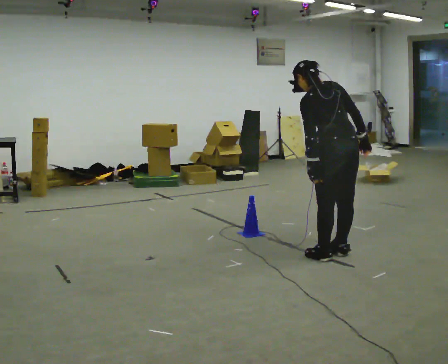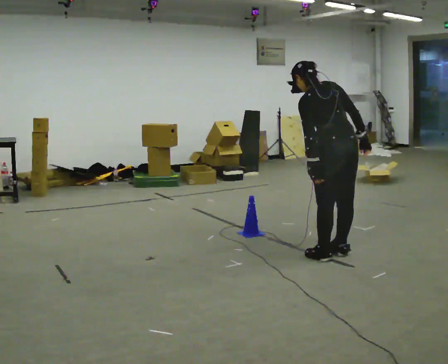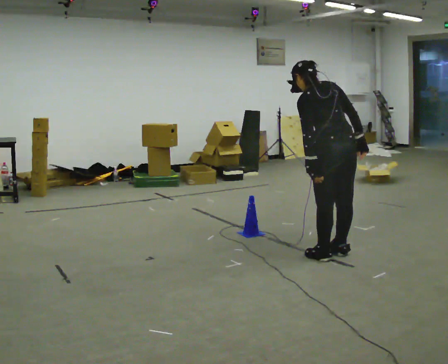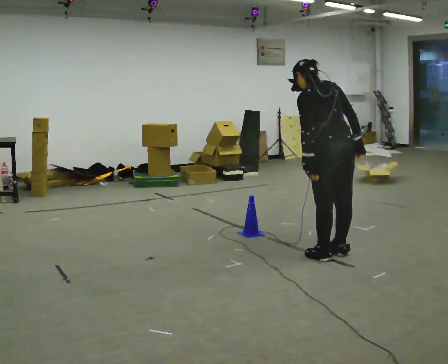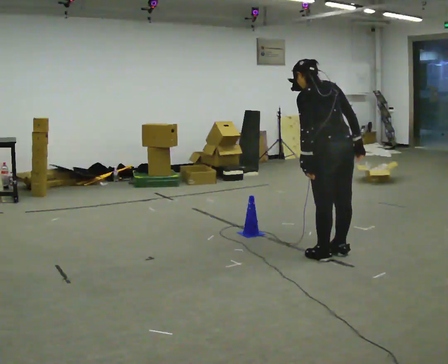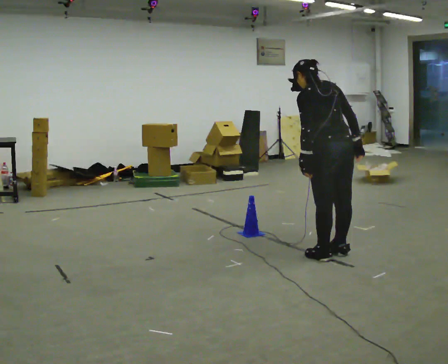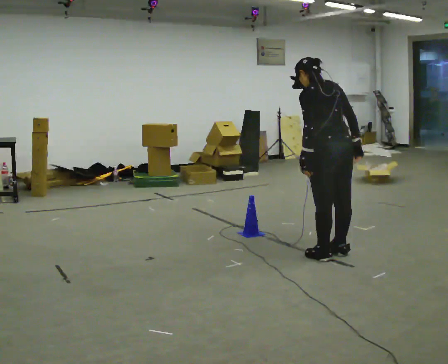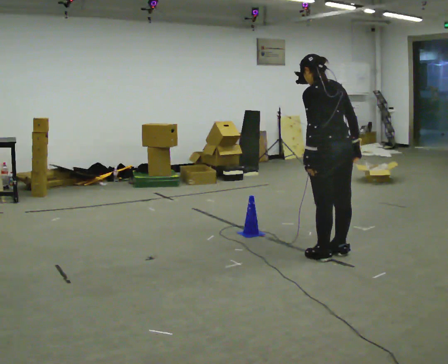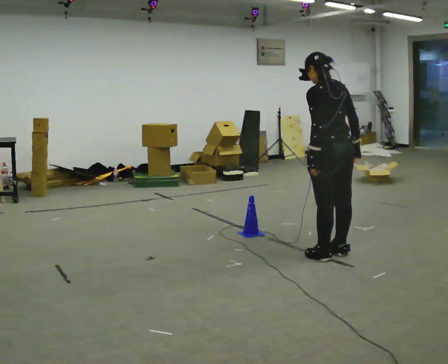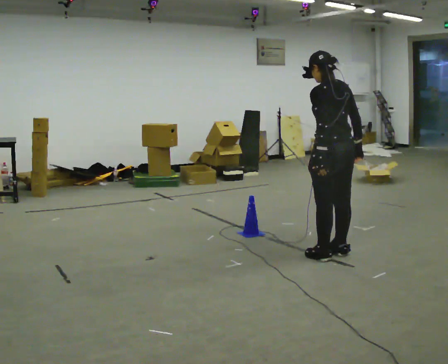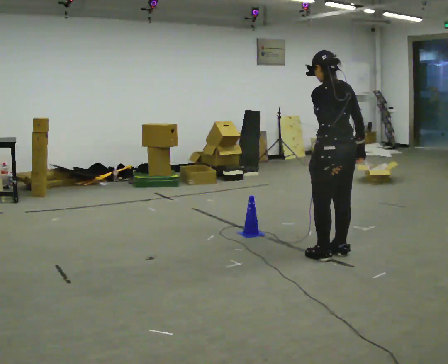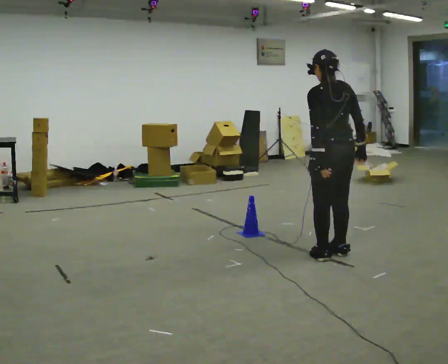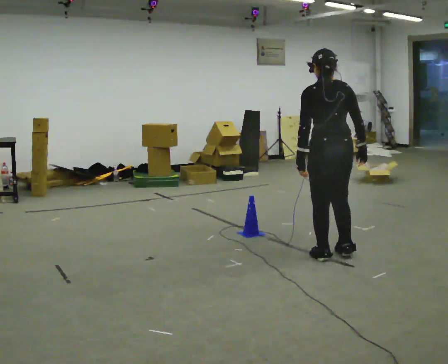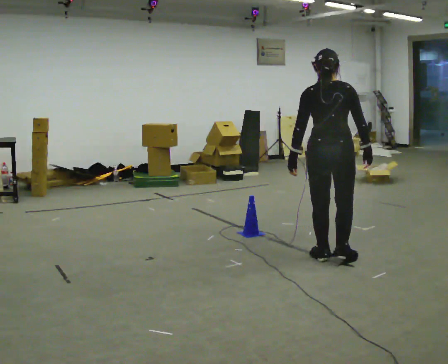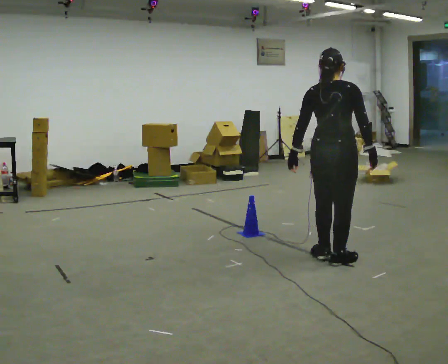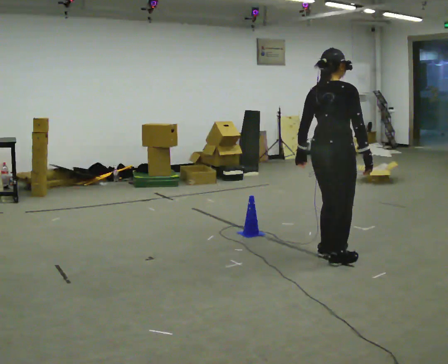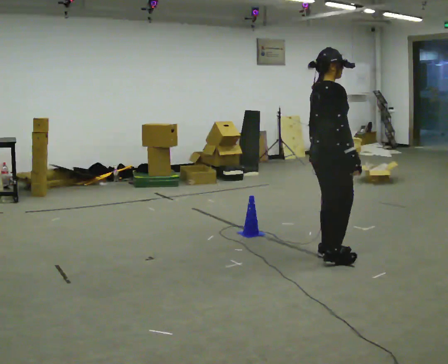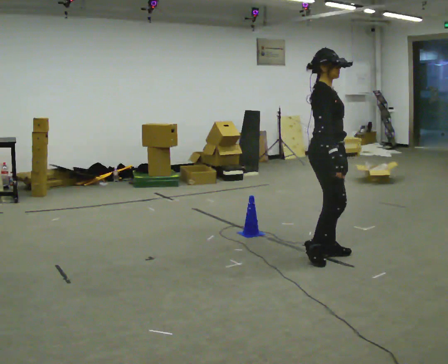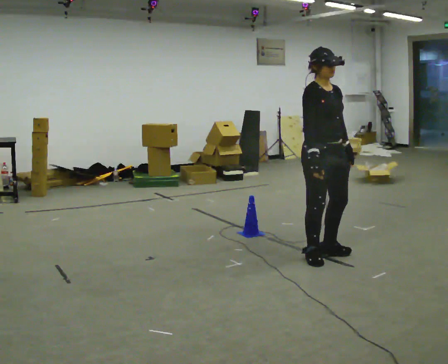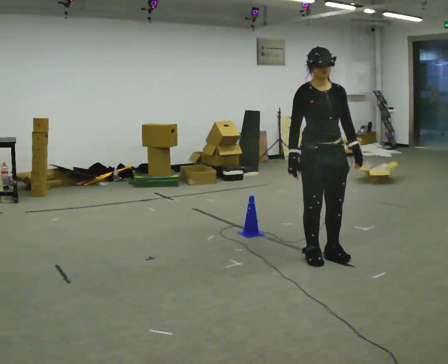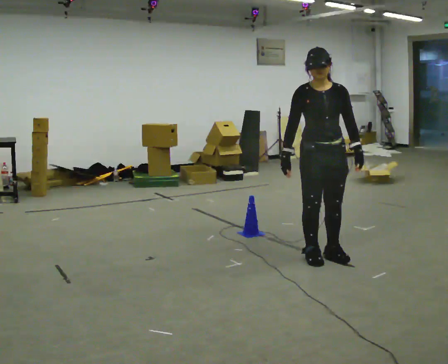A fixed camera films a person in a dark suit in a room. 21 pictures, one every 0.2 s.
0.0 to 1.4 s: The person moves a little, or ends about where they began.
1.4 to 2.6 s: Seen from above the body turns clockwise, about 30 degrees: to their right, with its near side sliding to the left.
2.6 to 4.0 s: Seen from above the body turns clockwise, about 165 degrees: to their right, with its near side sliding to the left. In the picture their right hand goes to the left, the arm swinging clockwise.
The film runs backward here.
